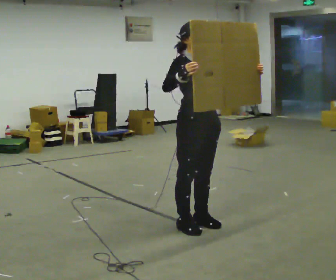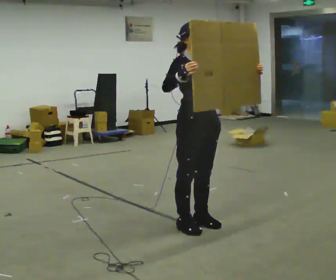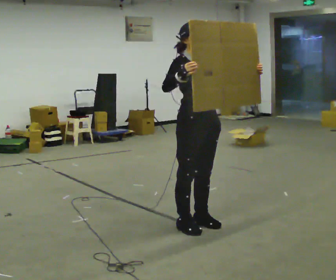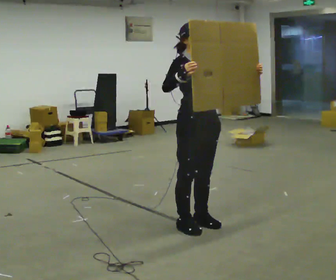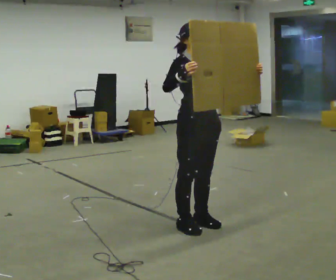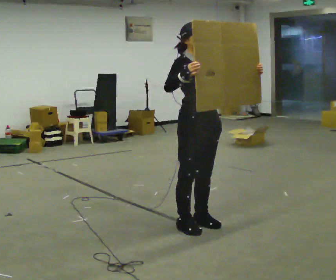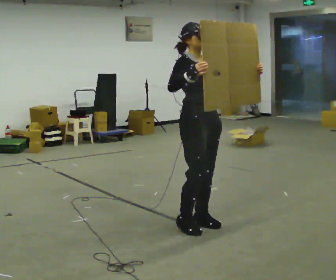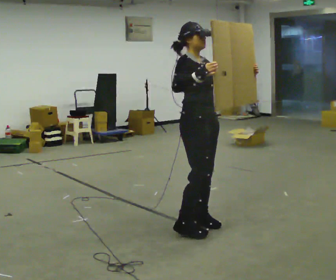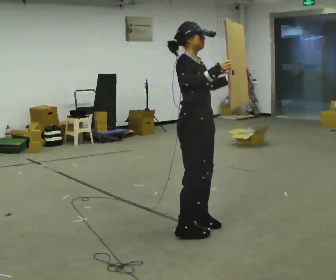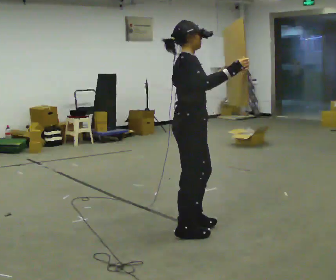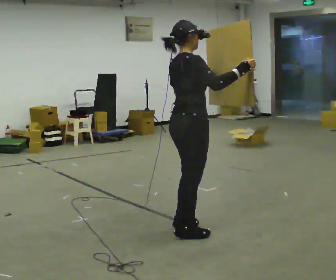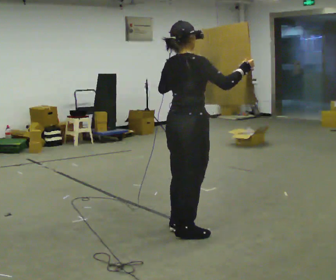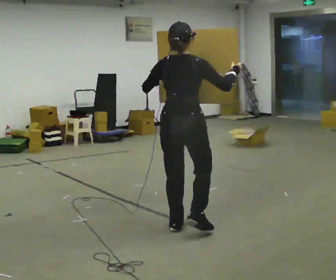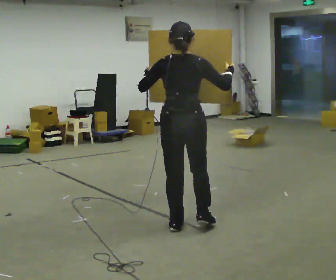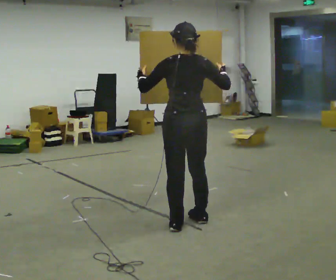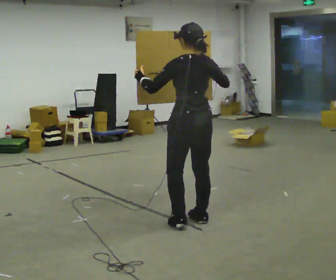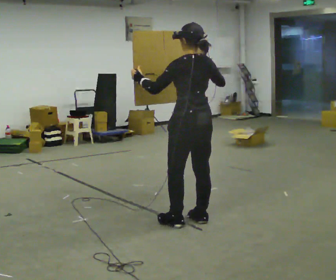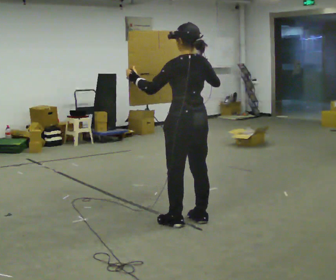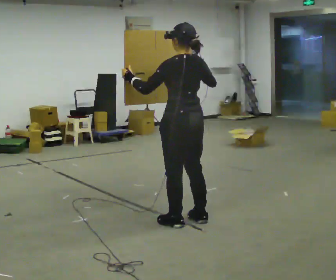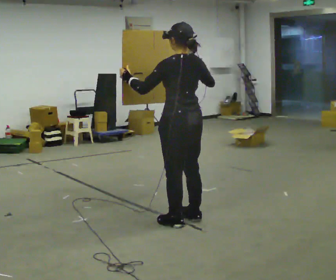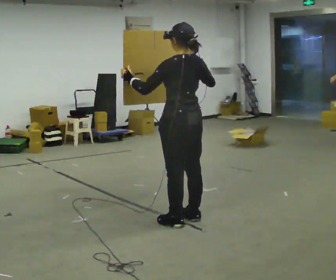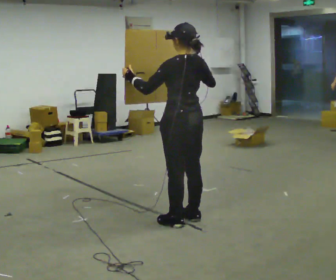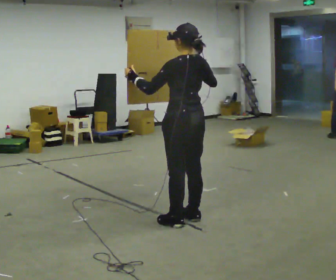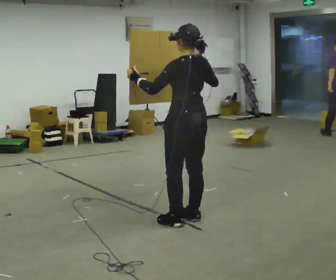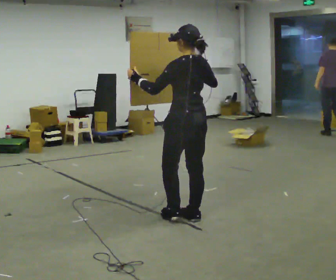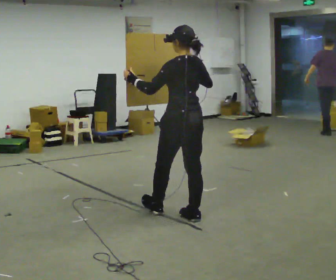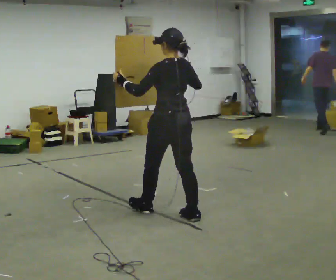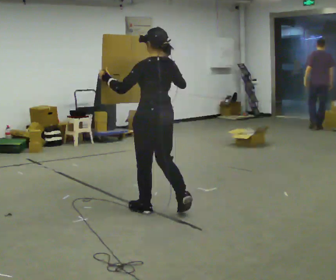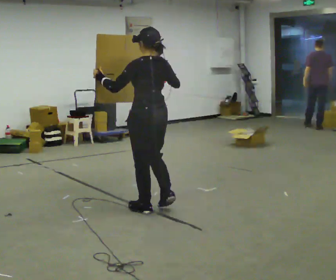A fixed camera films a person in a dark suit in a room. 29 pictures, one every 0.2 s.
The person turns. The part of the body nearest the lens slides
to the right.
The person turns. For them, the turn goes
to their left.
0.0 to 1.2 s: The person moves a little, or ends about where they began.
1.2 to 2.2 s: The part of the body nearest the lens slides to the right as the person turns to their left by about 90 degrees. In the picture their left hand goes to the left.
2.2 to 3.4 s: The person turns about 90 degrees to their left, counterclockwise seen from above, so the part of the body nearest the lens slides to the right. In the picture they go away from the camera, about 0.25 m in 1 step. In the picture their right hand goes to the left.
3.4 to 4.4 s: The person moves a little, or ends about where they began.
4.4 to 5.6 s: In the picture they go to the left and away from the camera, about 0.5 m in 1 step, which for them is forward.
The film runs forward here.
